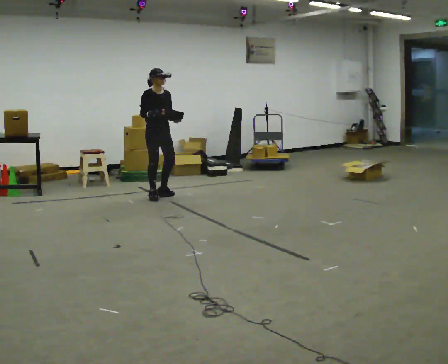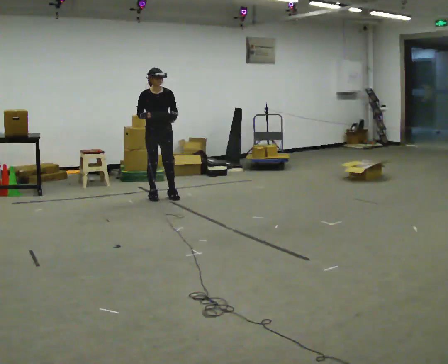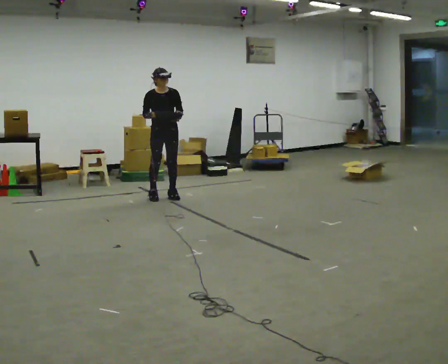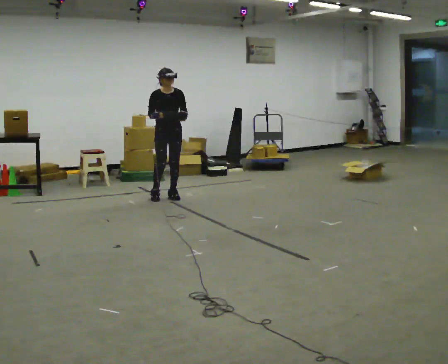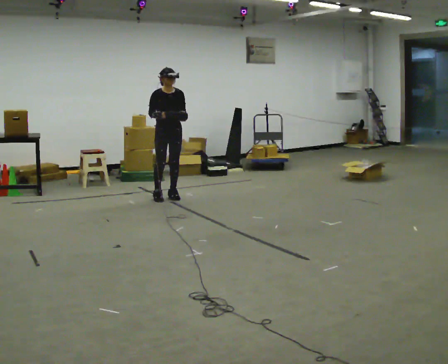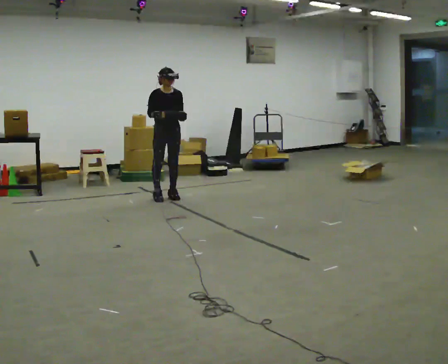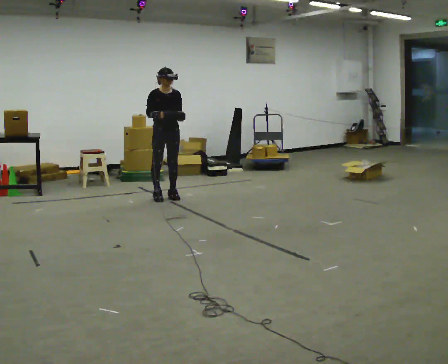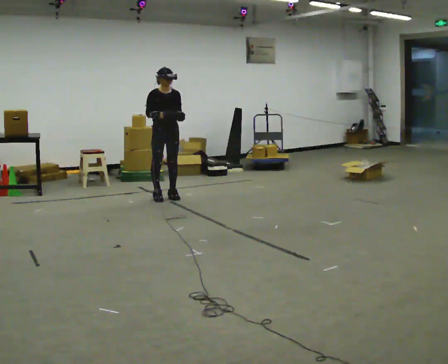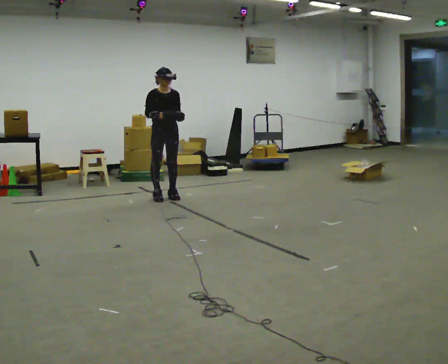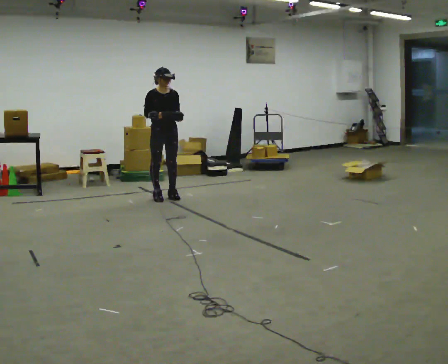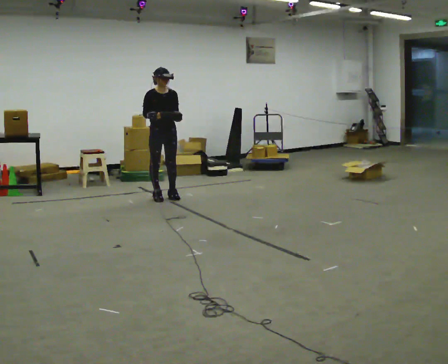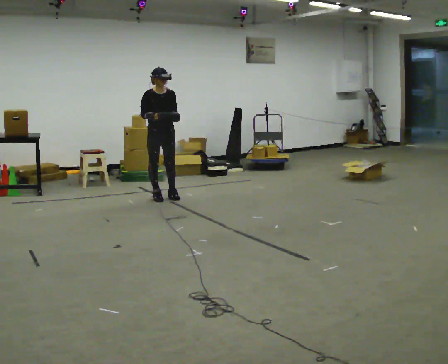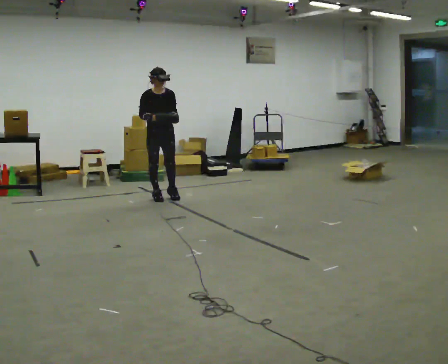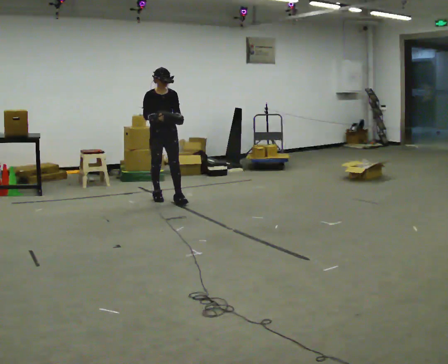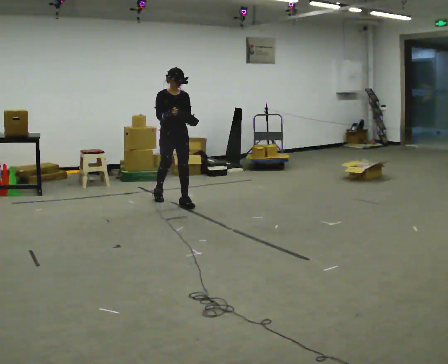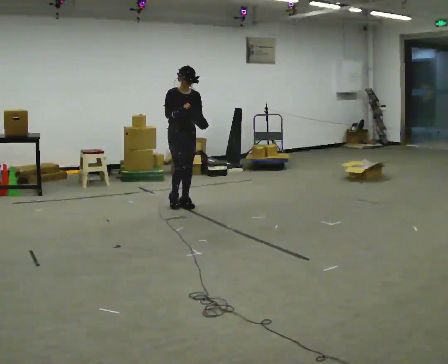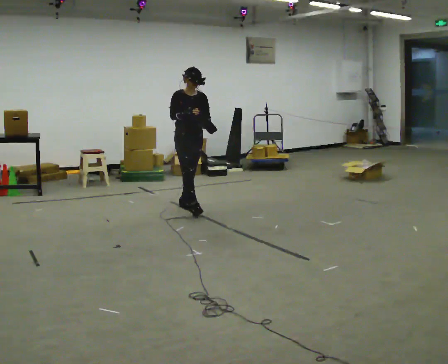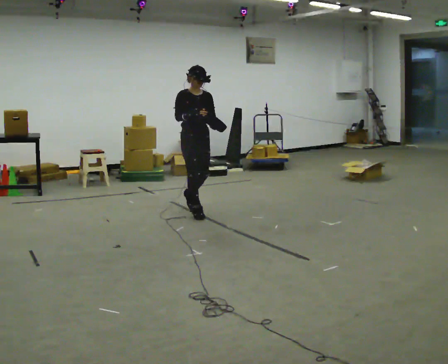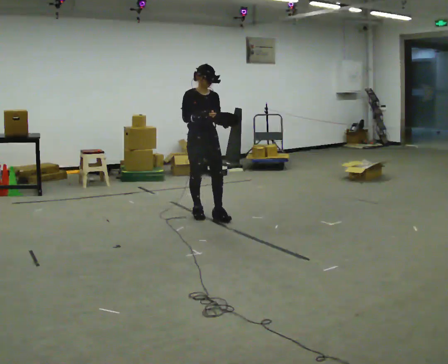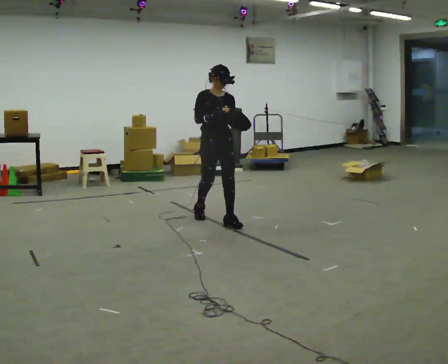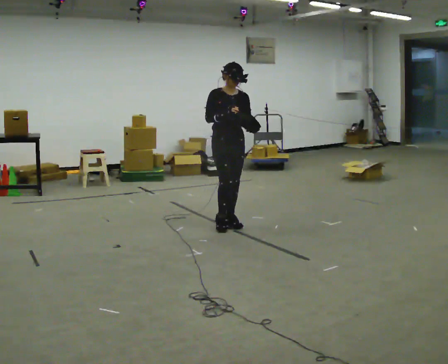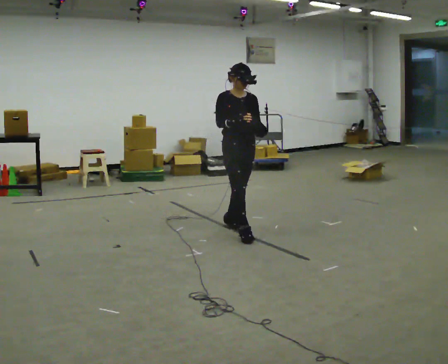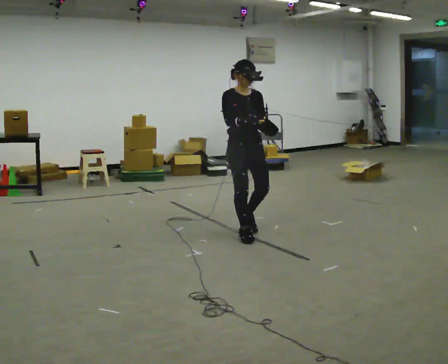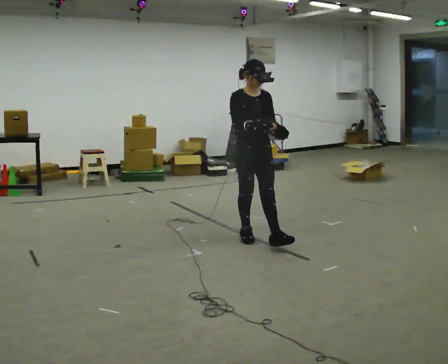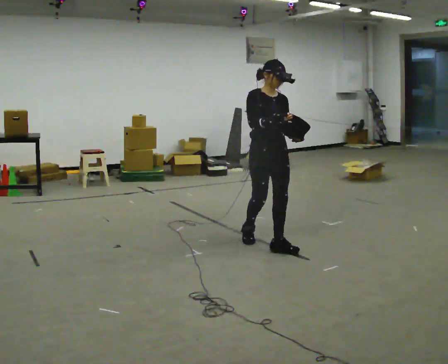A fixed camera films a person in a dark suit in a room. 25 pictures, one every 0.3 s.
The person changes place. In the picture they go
toward the camera.
0.0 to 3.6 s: The person moves a little, or ends about where they began.
3.6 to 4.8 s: In the picture they go toward the camera and to the right, about 0.5 m in 2 steps, which for them is forward.
4.8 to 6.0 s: In the picture they go toward the camera and to the right, about 1 m in 1 step, which for them is forward.
6.0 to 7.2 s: In the picture they go toward the camera and to the right, about 0.5 m in 2 steps, which for them is forward.
The film runs forward here.
